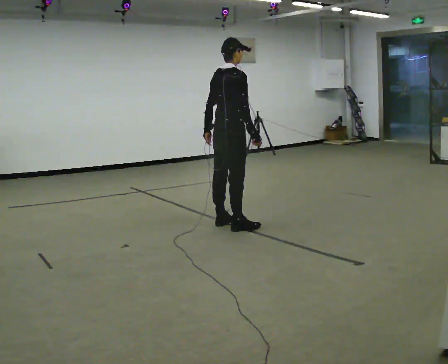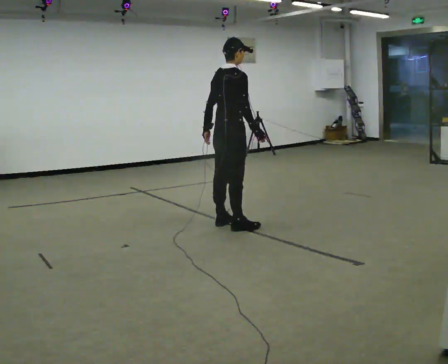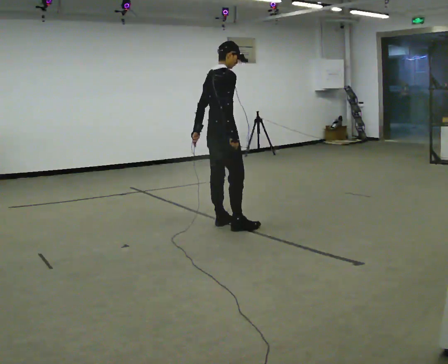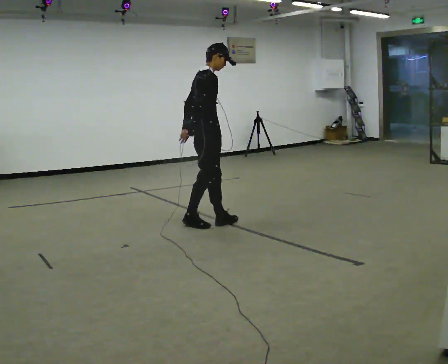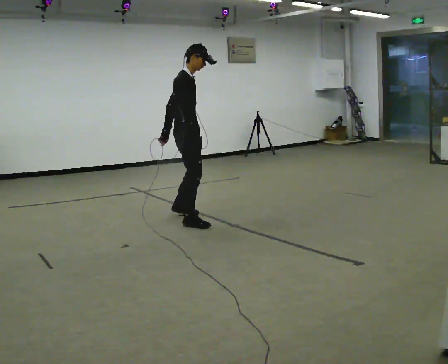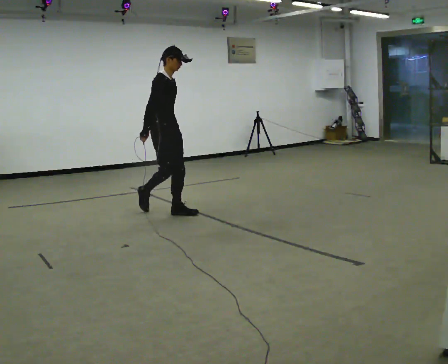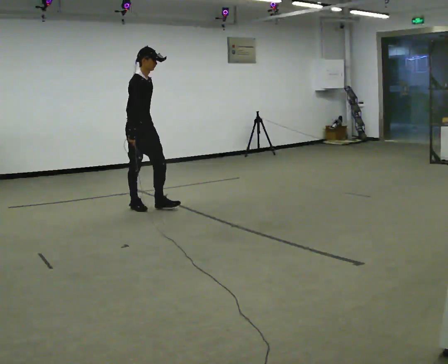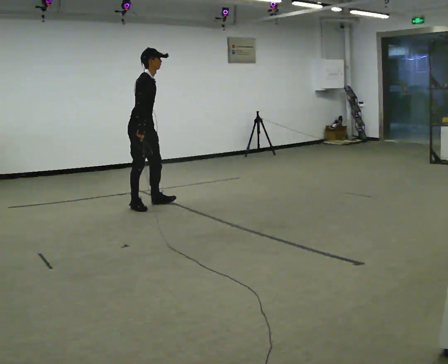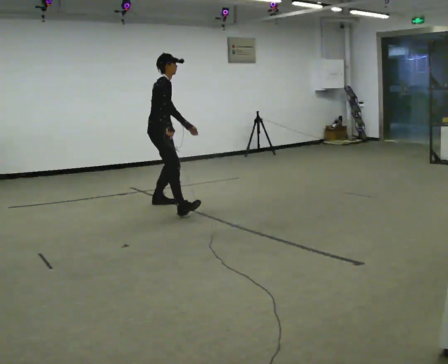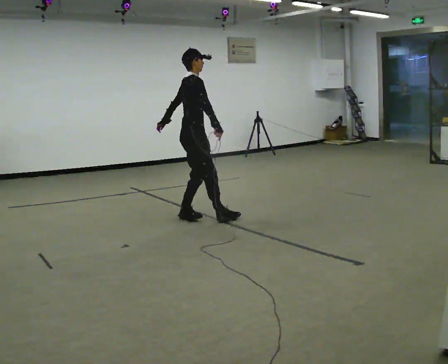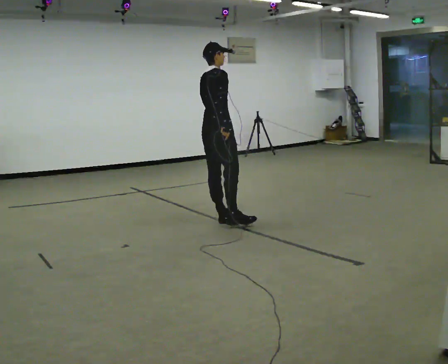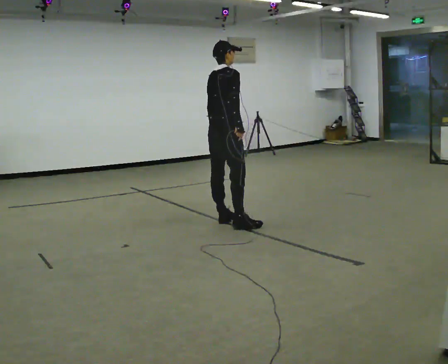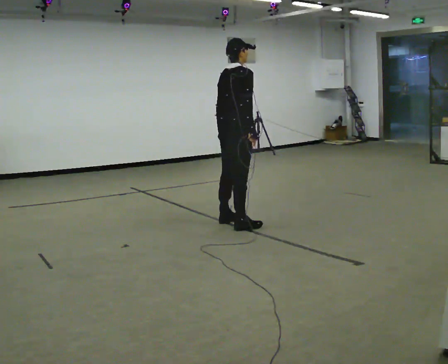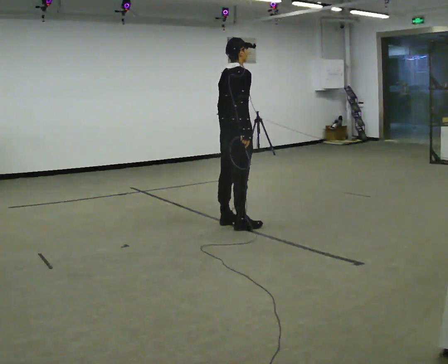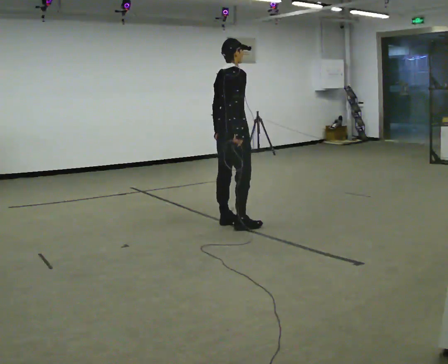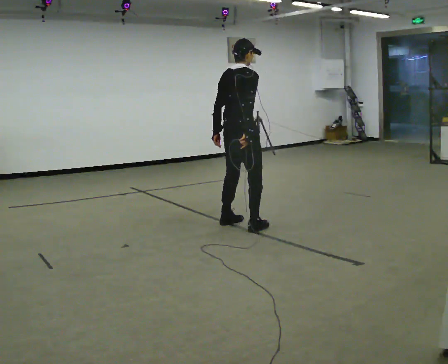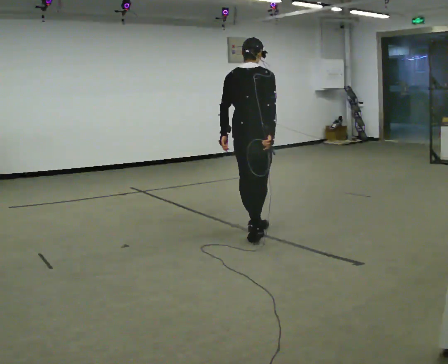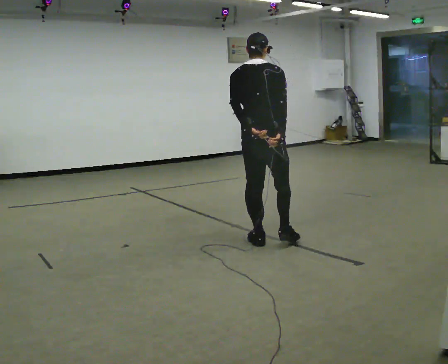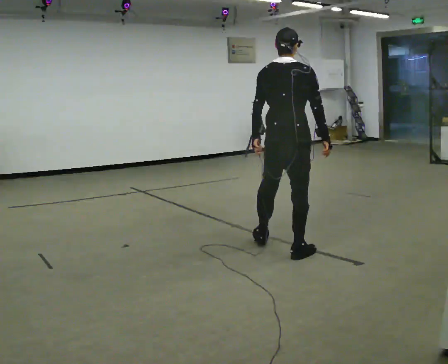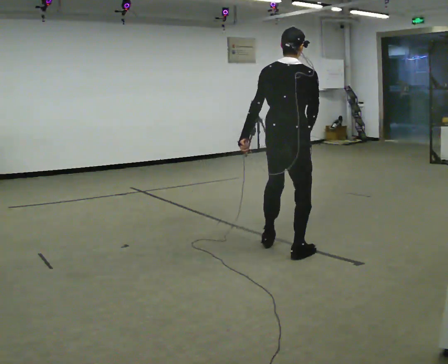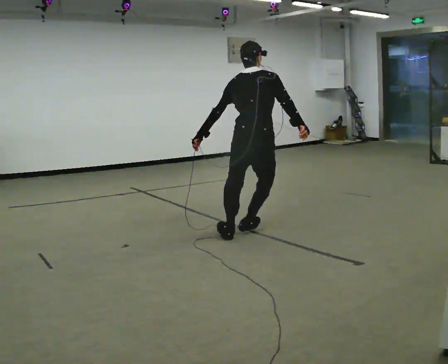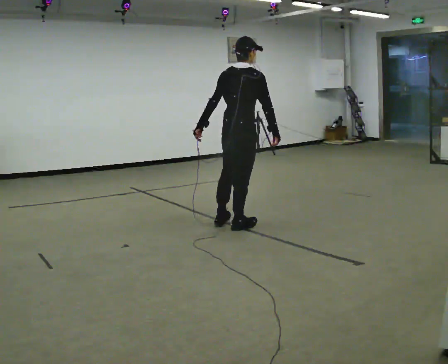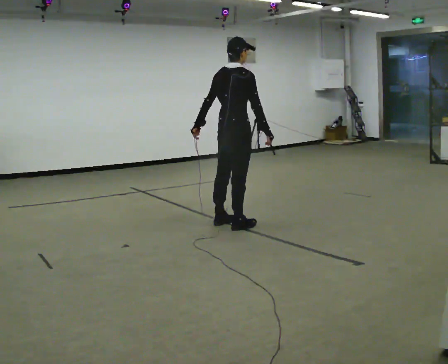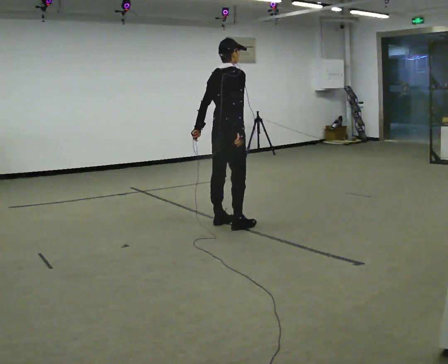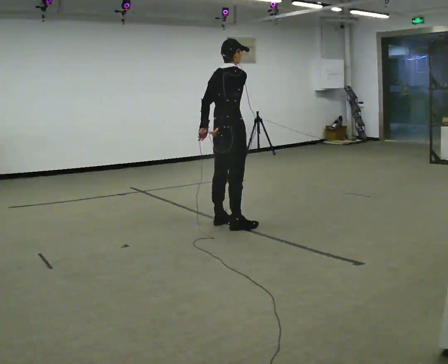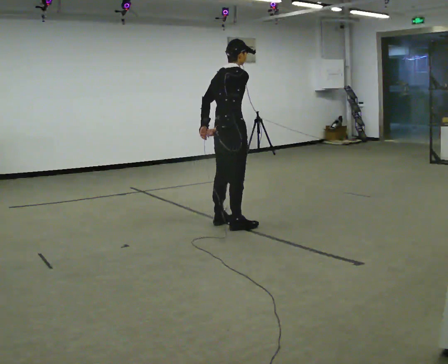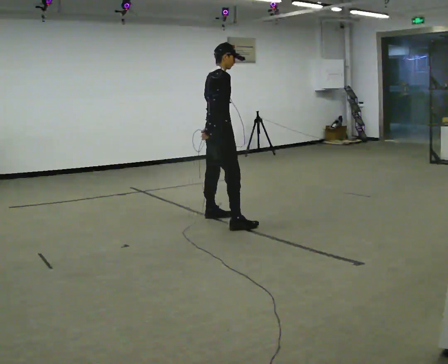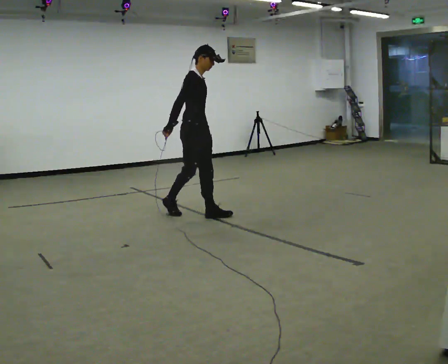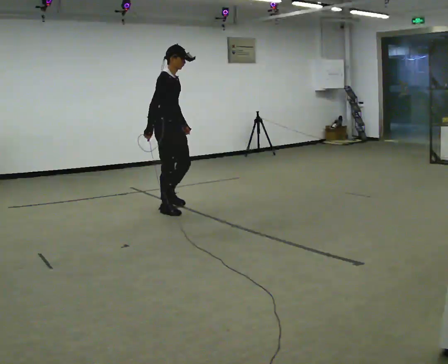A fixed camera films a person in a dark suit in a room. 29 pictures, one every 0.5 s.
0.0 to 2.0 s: Seen from above the body turns clockwise, about 45 degrees: to their right, with its near side sliding to the left. In the picture they go to the left and away from the camera, about 0.5 m in 2 steps, which for them is to their left and backward.
2.0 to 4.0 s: In the picture they go away from the camera and to the left, about 0.75 m in 3 steps, which for them is backward and to their left.
4.0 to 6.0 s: The part of the body nearest the lens slides to the right as the person turns to their left by about 30 degrees. In the picture they go to the right and toward the camera, about 1 m in 2 steps, which for them is to their right.
6.0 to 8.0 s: The part of the body nearest the lens slides to the right as the person turns to their left by about 45 degrees. In the picture they go toward the camera and to the right, about 0.25 m in 2 steps, which for them is to their right.
8.0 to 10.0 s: In the picture they go toward the camera, about 0.25 m in 3 steps, which for them is backward.
10.0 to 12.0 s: The part of the body nearest the lens slides to the left as the person turns to their right by about 30 degrees. In the picture they go away from the camera and to the left, about 0.5 m in 1 step, which for them is to their left.
12.0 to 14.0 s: Seen from above the body turns clockwise, about 60 degrees: to their right, with its near side sliding to the left. In the picture they go to the left and away from the camera, about 1 m in 3 steps.
The film runs backward here.
